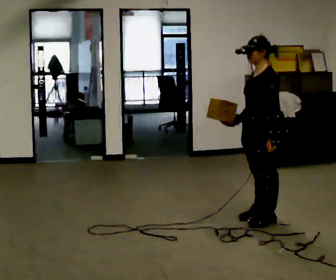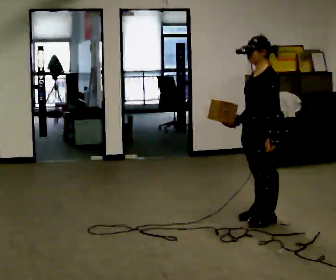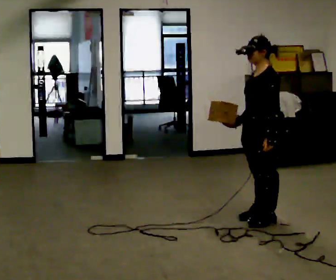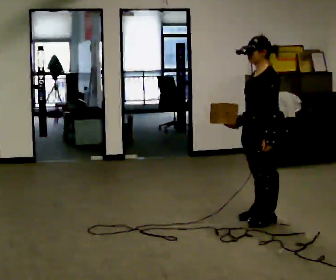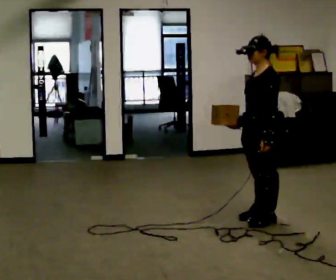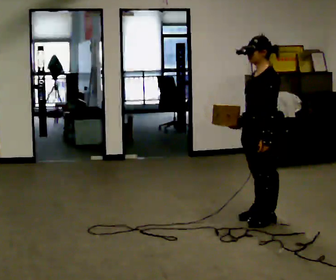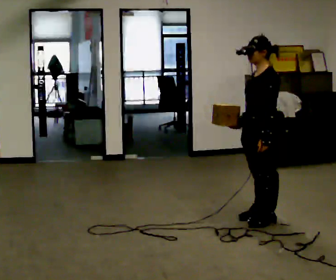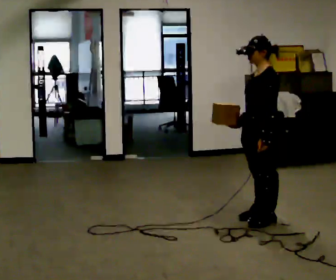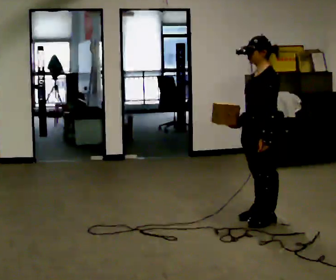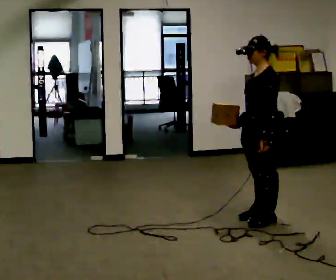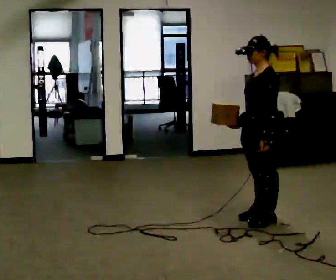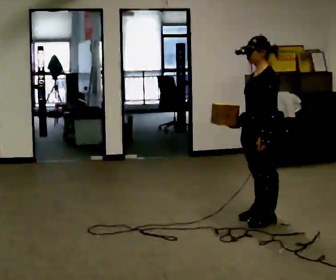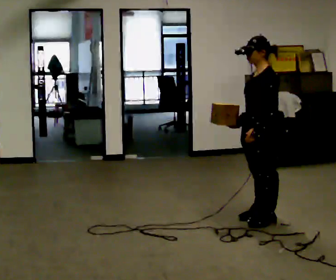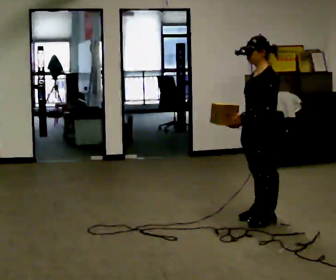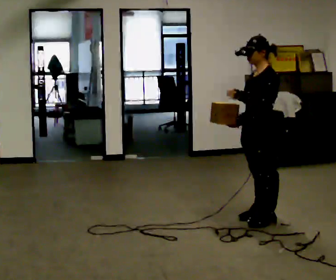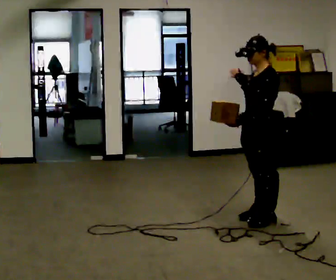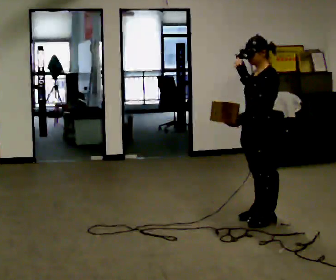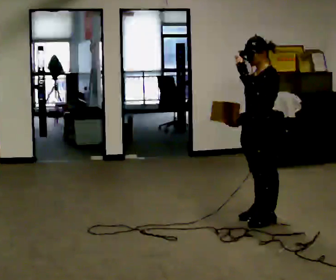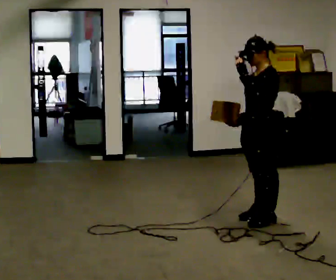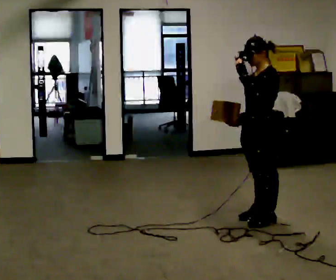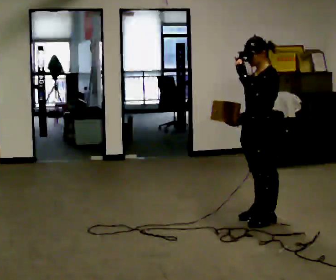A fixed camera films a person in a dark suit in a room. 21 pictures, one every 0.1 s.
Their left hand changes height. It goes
upward.
0.0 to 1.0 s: The person moves a little, or ends about where they began.
1.0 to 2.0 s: In the picture their left hand goes upward.
The film runs forward here.
